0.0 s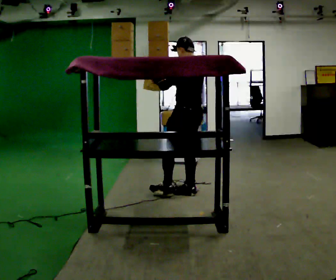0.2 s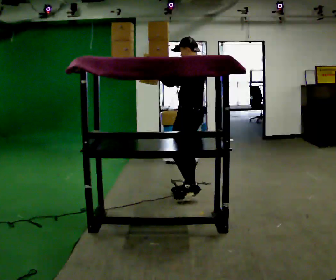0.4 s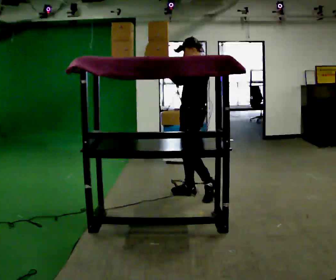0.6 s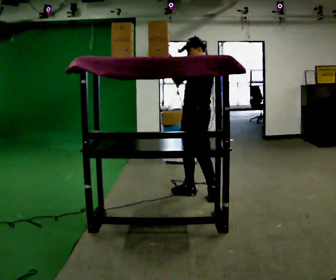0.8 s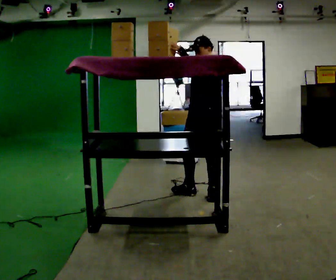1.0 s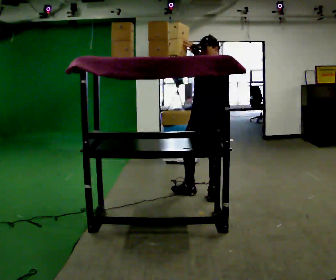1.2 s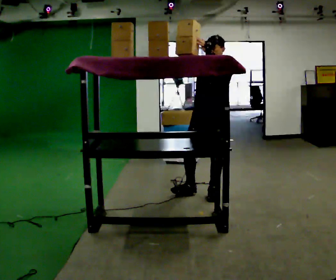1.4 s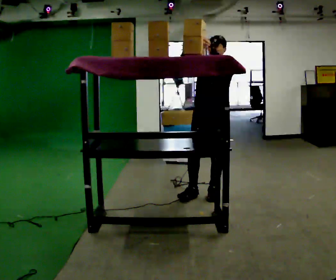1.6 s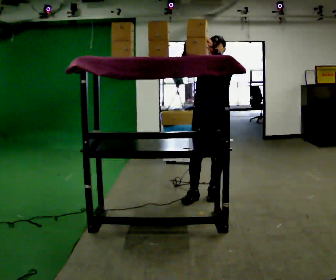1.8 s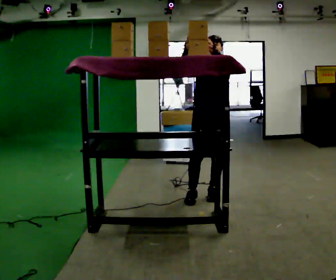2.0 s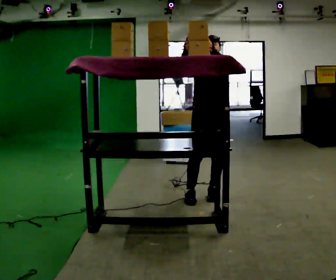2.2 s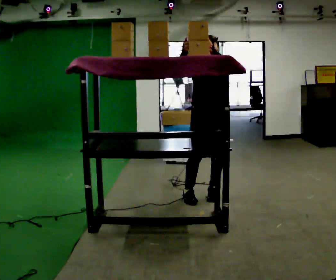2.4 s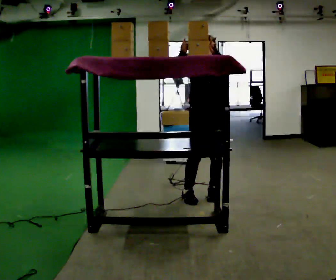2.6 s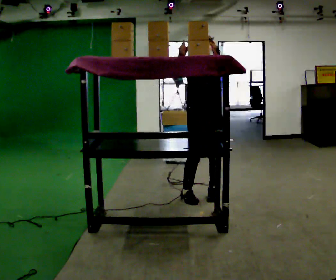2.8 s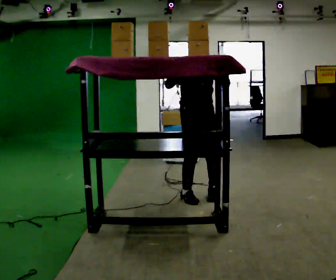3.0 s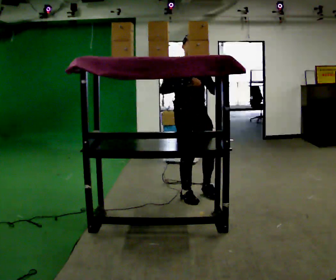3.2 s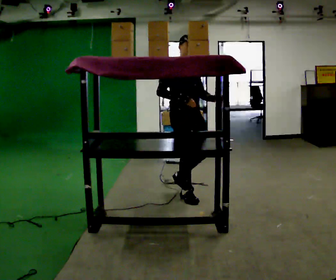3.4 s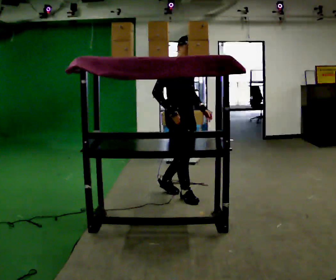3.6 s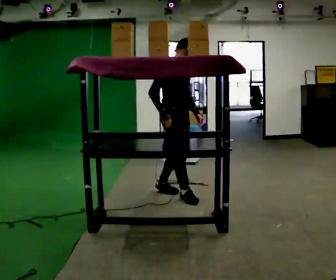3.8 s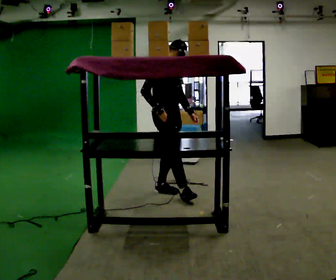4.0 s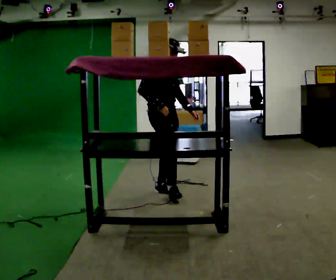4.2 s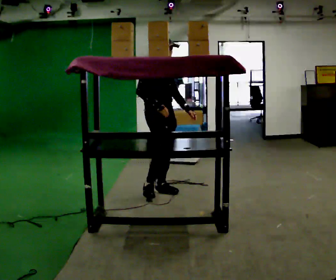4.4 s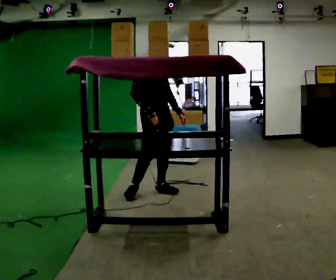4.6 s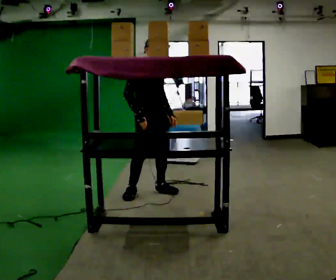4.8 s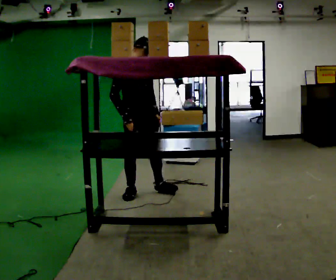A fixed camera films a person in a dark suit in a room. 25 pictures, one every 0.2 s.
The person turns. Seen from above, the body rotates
counterclockwise.
The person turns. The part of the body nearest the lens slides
to the right.
0.0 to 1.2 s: The part of the body nearest the lens slides to the right as the person turns to their left by about 105 degrees. In the picture they go to the right, about 0.25 m. In the picture their right hand goes upward.
1.2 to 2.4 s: Seen from above the body turns counterclockwise, about 30 degrees: to their left, with its near side sliding to the right.
2.4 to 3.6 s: Seen from above the body turns counterclockwise, about 60 degrees: to their left, with its near side sliding to the right. In the picture they go to the left, about 0.25 m in 1 step. In the picture their left hand goes downward.
3.6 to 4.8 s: In the picture they go to the left, about 0.5 m in 1 step, which for them is backward.
The film runs backward here.
